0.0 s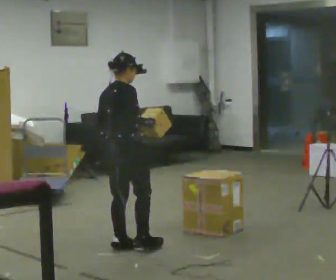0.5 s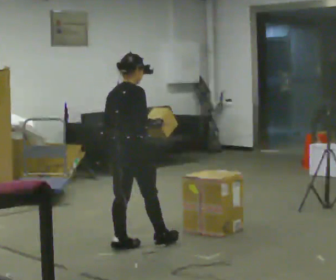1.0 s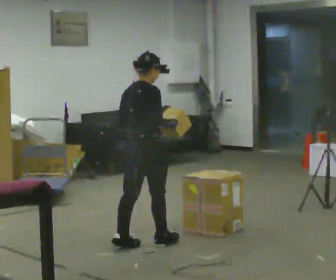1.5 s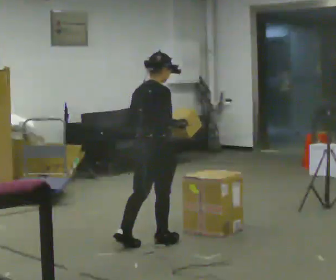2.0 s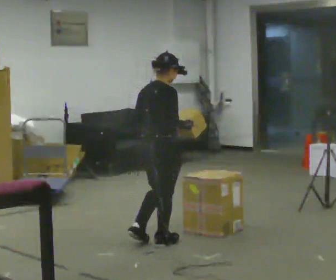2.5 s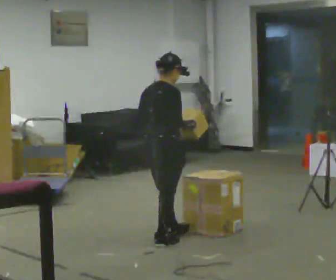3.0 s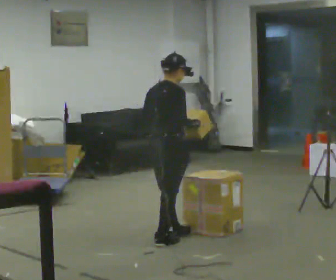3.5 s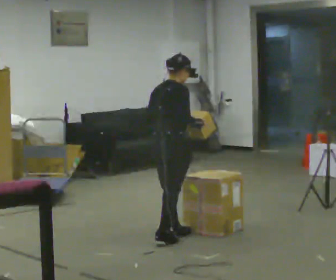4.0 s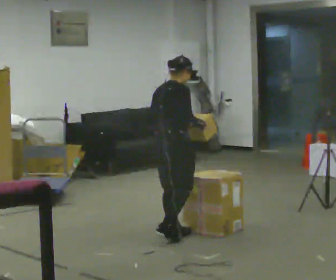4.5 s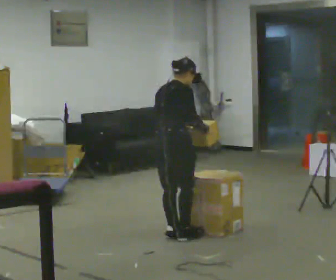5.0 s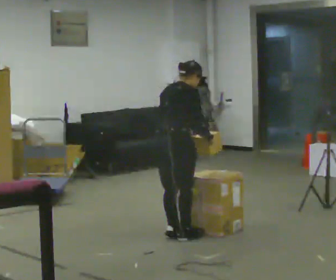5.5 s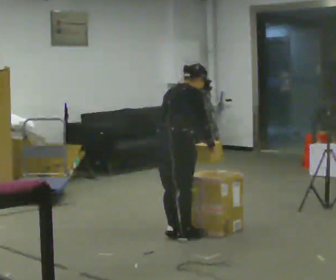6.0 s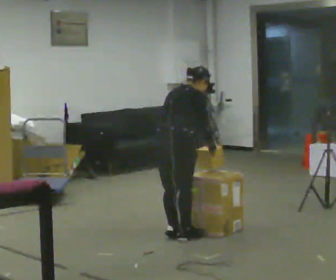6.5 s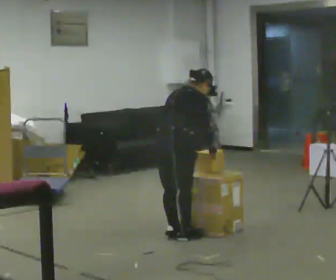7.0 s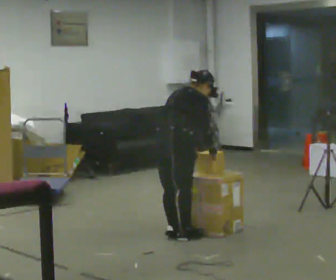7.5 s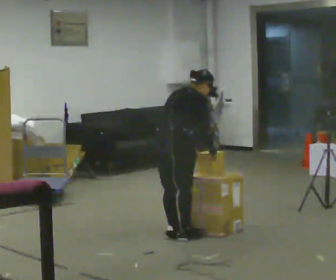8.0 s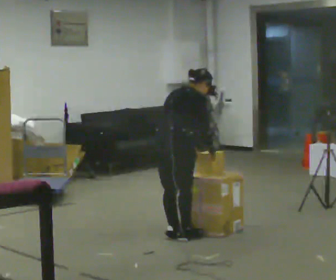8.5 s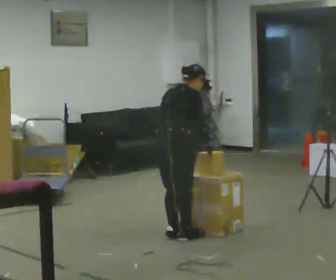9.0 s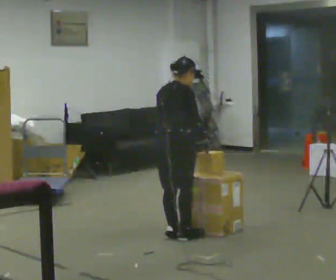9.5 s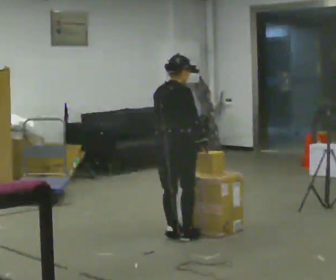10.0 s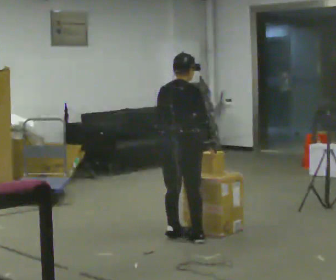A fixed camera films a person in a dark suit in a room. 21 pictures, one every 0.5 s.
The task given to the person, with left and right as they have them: Take an object down from the highest shelf you can comfortably reach, carry it across, and place it on the waist-height shelf. Keep going until the operator says stop; one object at a time, and do not rush between trips.
0.0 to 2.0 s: In the picture they go to the right, about 0.25 m in 1 step, which for them is forward and to their right.
2.0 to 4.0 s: In the picture they go away from the camera, about 0.25 m in 1 step, which for them is forward.
4.0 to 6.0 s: The upper body tips away from the camera, its near side rolling upward, as they bend forward.
6.0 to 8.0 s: The person keeps their place and pose.
8.0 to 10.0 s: The upper body tips toward the camera, its near side rolling downward, as they lean back or straighten.
The film runs forward here.
